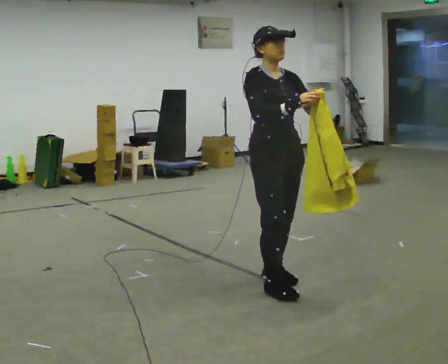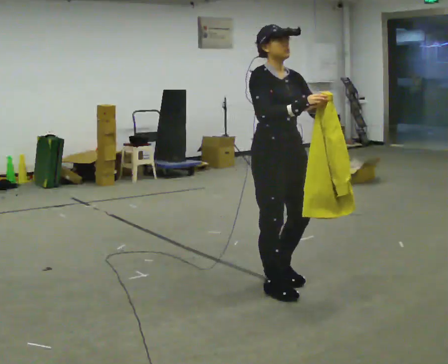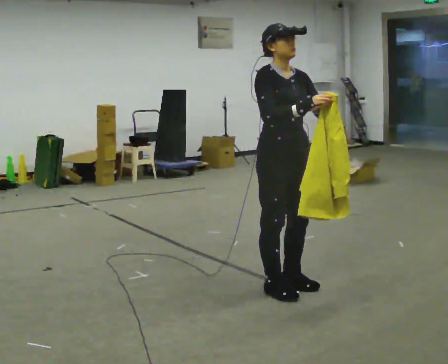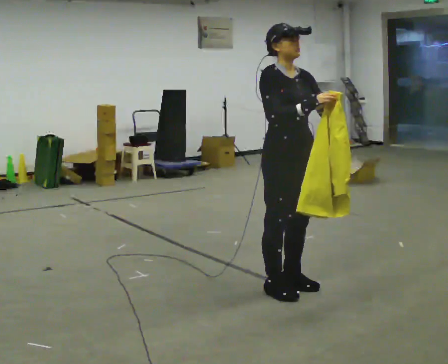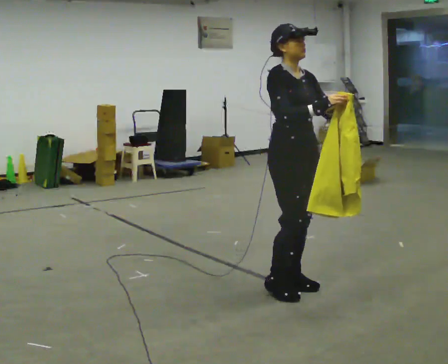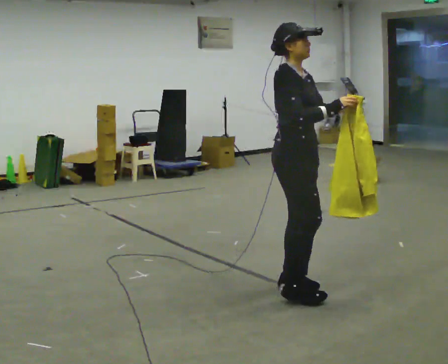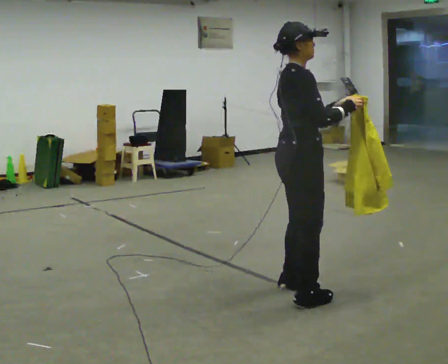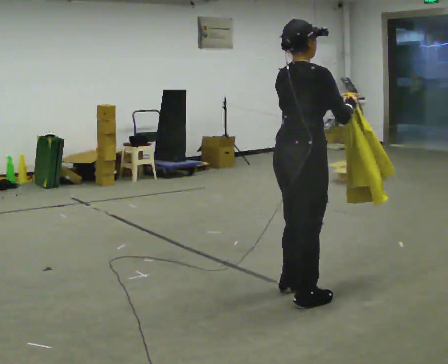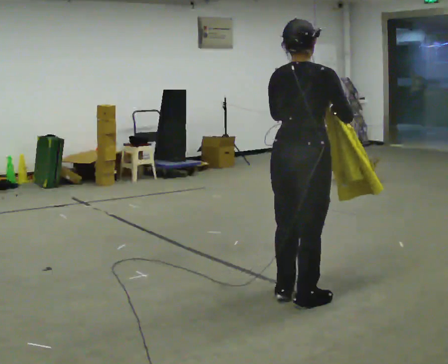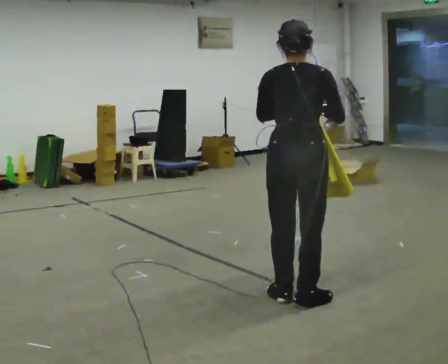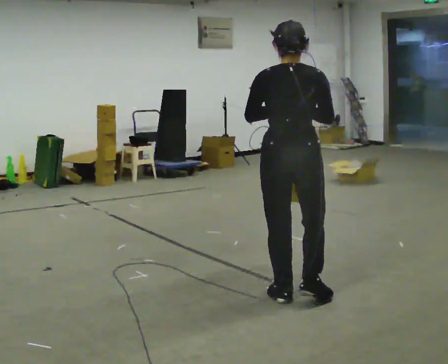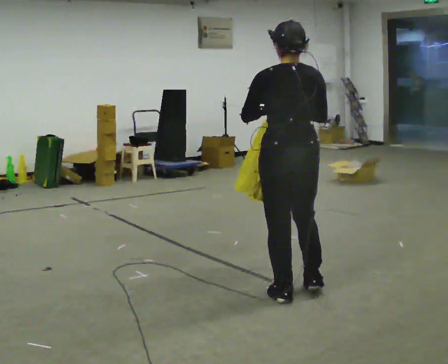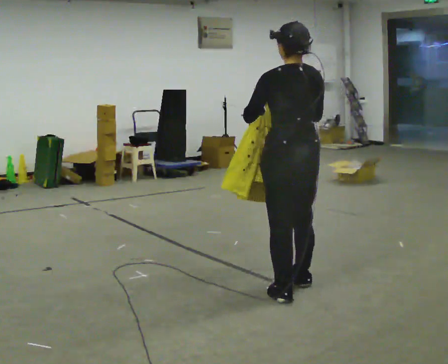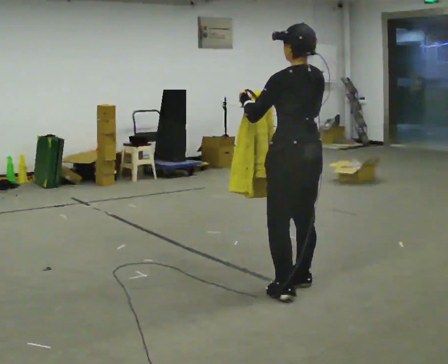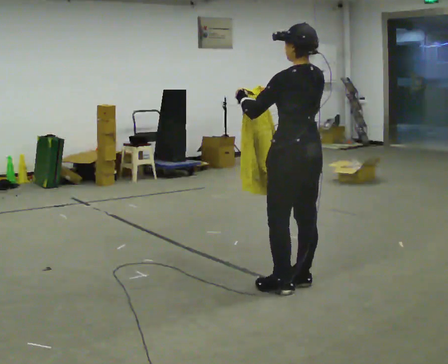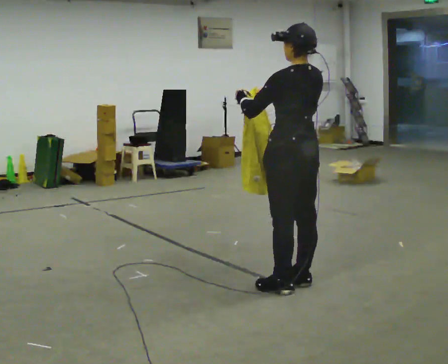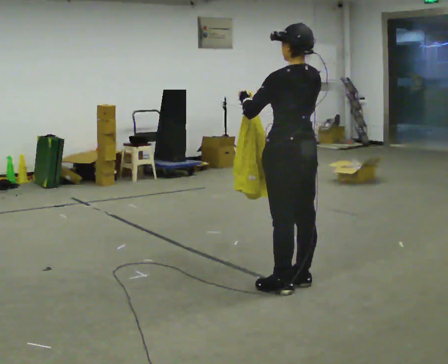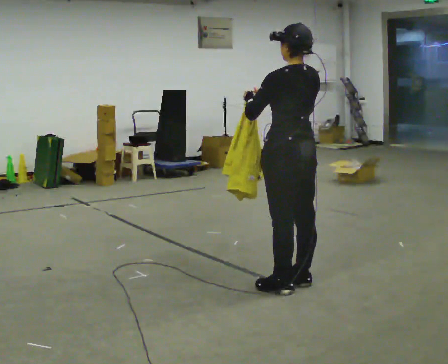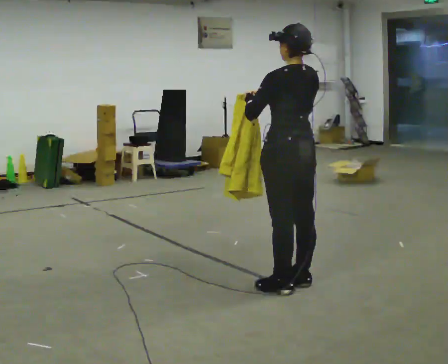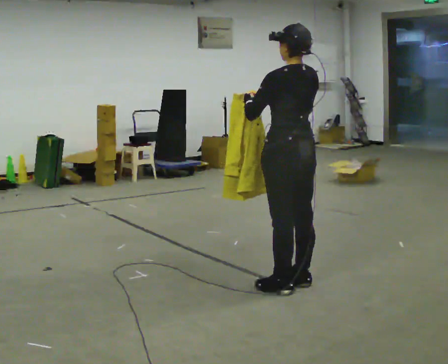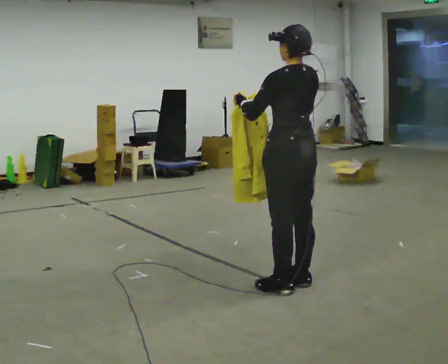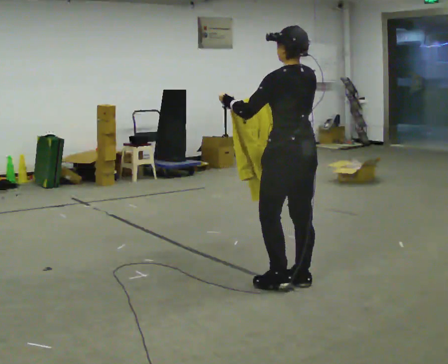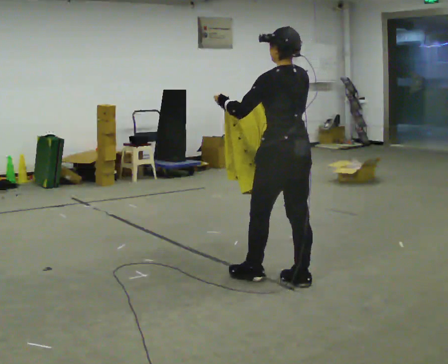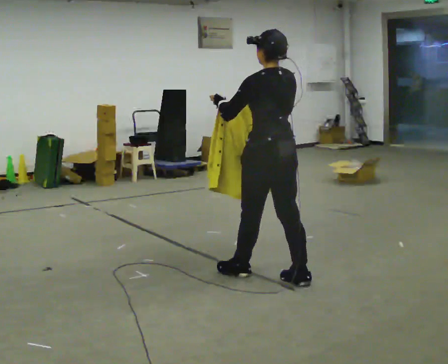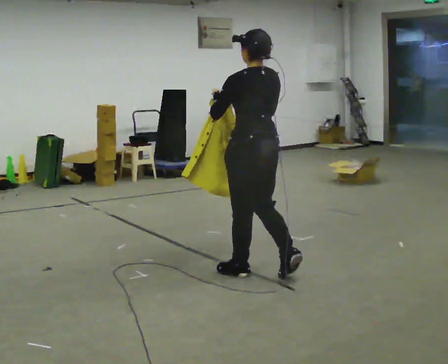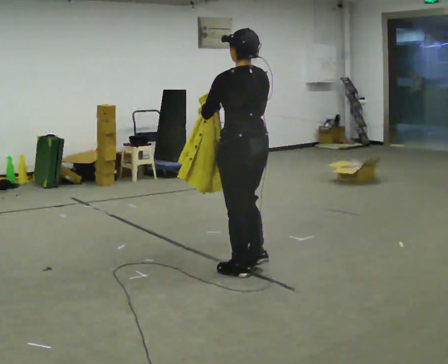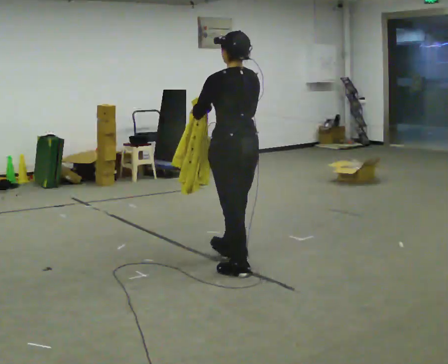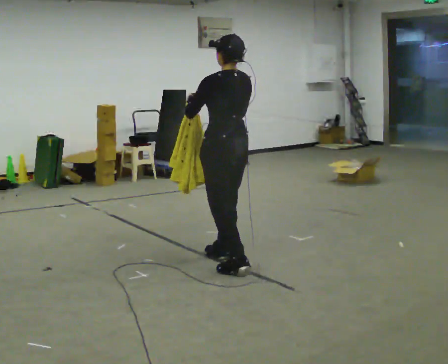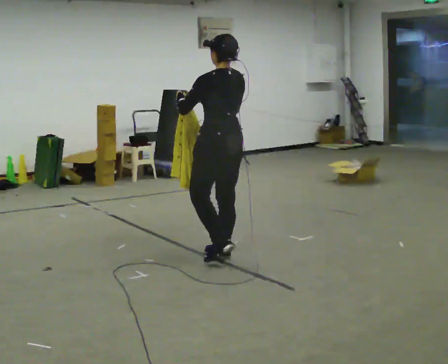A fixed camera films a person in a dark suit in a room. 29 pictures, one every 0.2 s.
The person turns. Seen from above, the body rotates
counterclockwise.
The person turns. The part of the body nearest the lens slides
to the right.
0.0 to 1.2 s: Seen from above the body turns counterclockwise, about 60 degrees: to their left, with its near side sliding to the right. In the picture they go toward the camera, about 0.25 m in 2 steps, which for them is forward.
1.2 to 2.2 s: The part of the body nearest the lens slides to the right as the person turns to their left by about 105 degrees.
2.2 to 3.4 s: The person turns about 30 degrees to their left, counterclockwise seen from above, so the part of the body nearest the lens slides to the right. In the picture they go away from the camera, about 0.25 m in 1 step, which for them is forward and to their right.
3.4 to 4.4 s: The person moves a little, or ends about where they began.
4.4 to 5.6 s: In the picture they go to the left and away from the camera, about 0.75 m in 2 steps, which for them is forward.
The film runs forward here.
